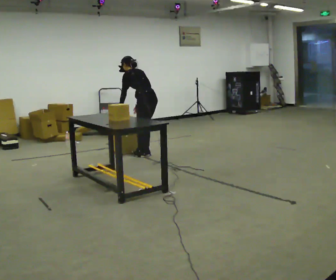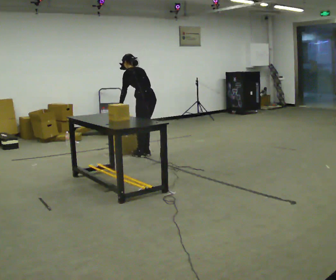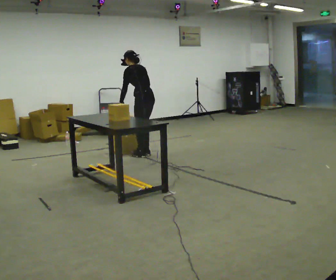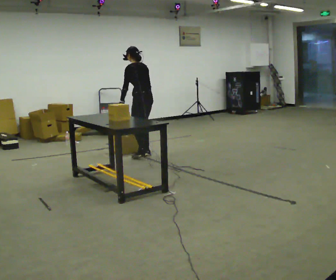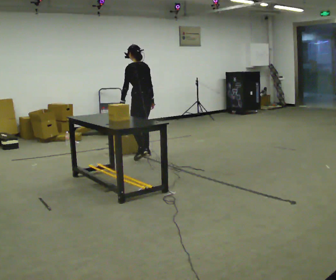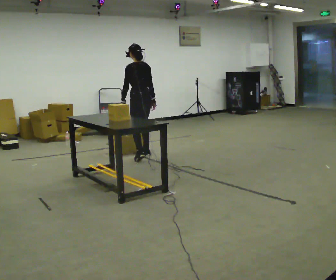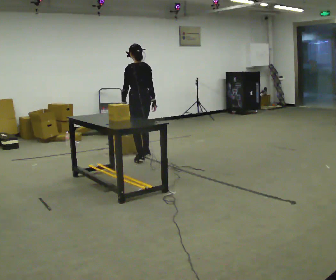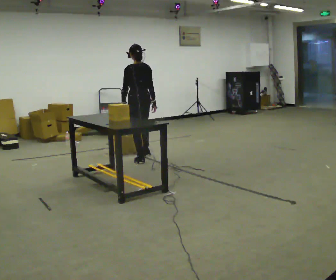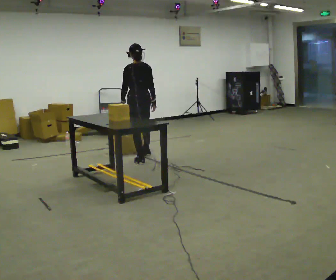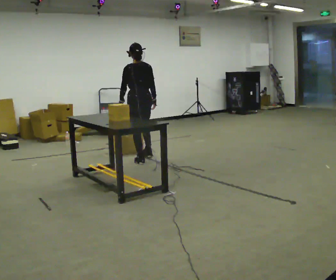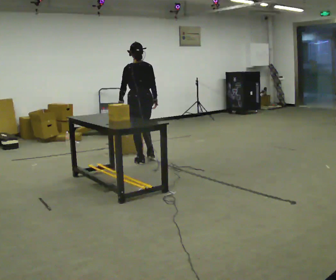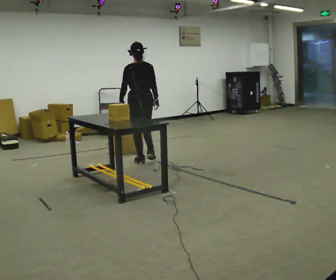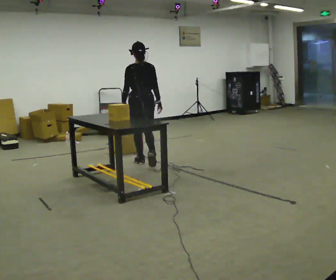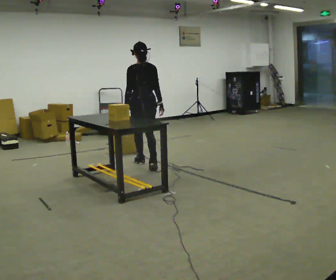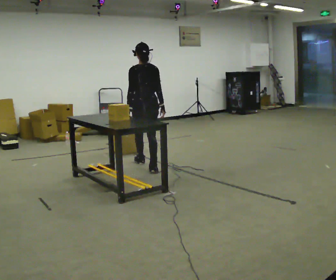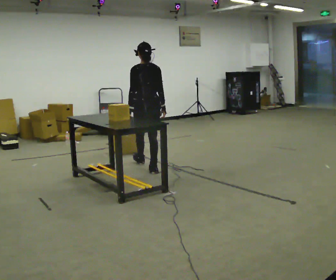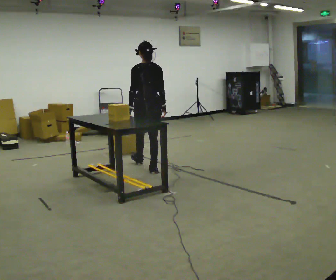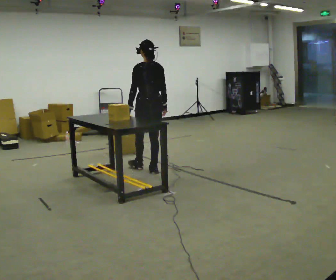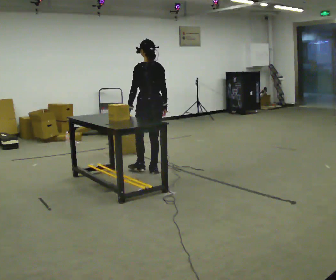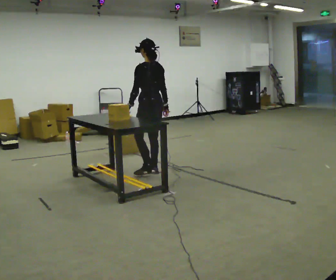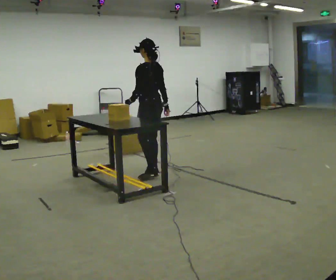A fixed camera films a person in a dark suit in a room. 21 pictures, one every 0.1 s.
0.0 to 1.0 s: Seen from above the body turns clockwise, about 30 degrees: to their right, with its near side sliding to the left. In the picture they go toward the camera, about 0.25 m in 2 steps, which for them is to their left and backward. The upper body tips toward the camera, its near side rolling downward, as they lean back or straighten.
1.0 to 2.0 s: The person turns about 30 degrees to their left, counterclockwise seen from above, so the part of the body nearest the lens slides to the right. In the picture they go toward the camera, about 0.5 m in 1 step, which for them is backward.
The film runs backward here.
